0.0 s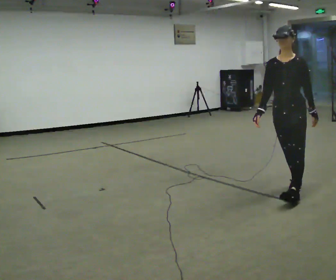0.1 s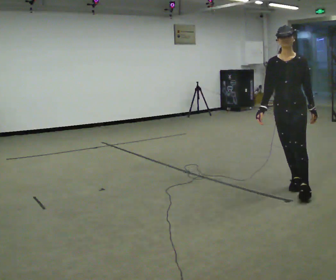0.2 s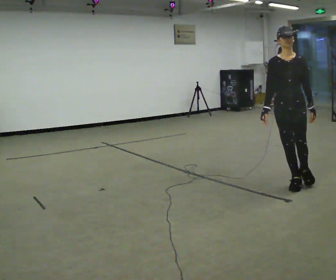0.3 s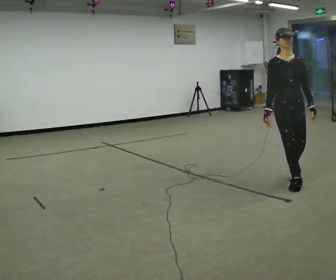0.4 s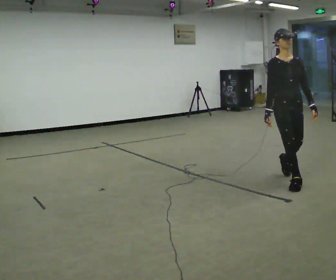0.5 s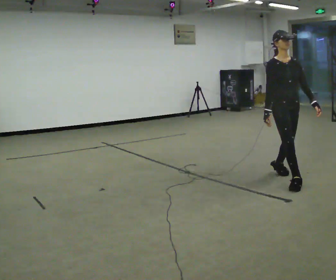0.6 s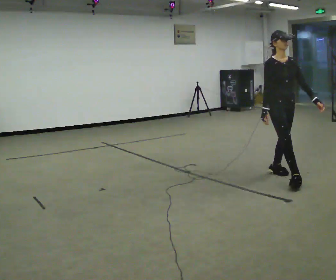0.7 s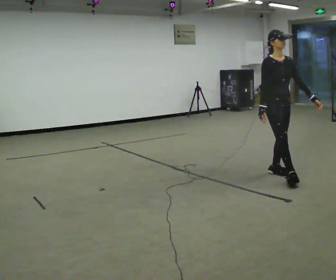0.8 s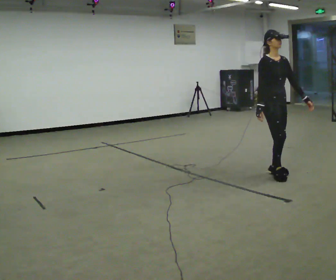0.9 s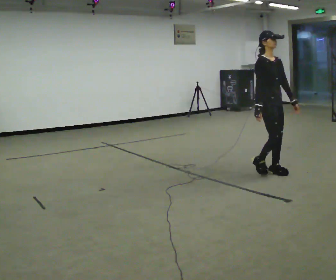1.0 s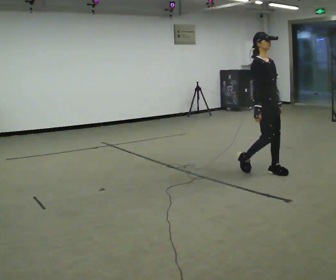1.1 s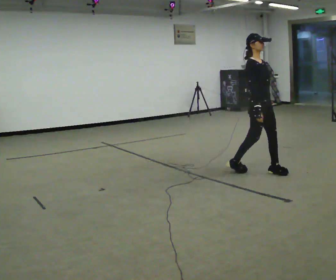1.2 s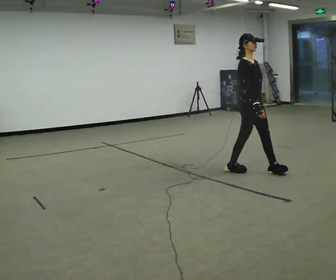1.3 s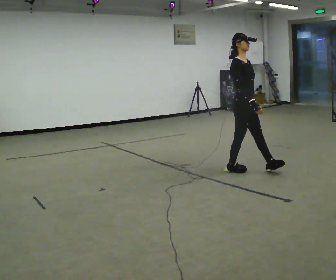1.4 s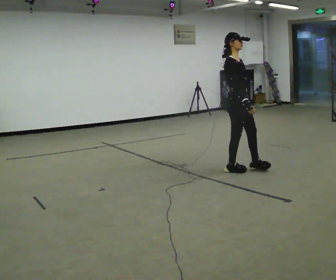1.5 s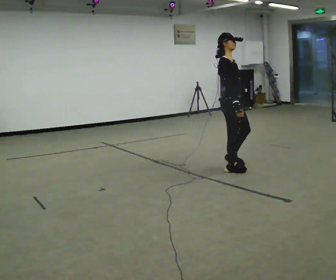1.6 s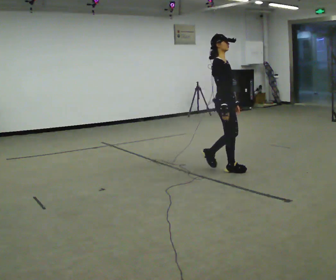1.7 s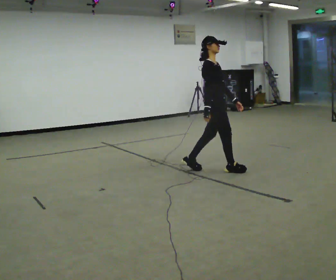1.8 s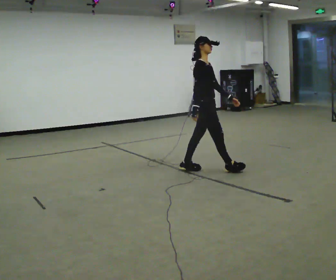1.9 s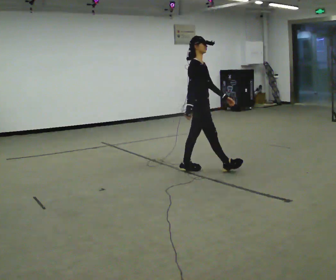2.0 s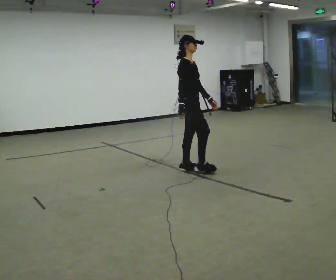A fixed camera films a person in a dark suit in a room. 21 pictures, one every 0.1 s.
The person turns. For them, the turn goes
to their left.
The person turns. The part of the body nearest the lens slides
to the right.
0.0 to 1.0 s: Seen from above the body turns counterclockwise, about 75 degrees: to their left, with its near side sliding to the right. In the picture they go away from the camera, about 0.75 m in 1 step.
1.0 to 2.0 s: Seen from above the body turns counterclockwise, about 30 degrees: to their left, with its near side sliding to the right. In the picture they go to the left, about 1 m in 2 steps, which for them is backward.
The film runs backward here.
